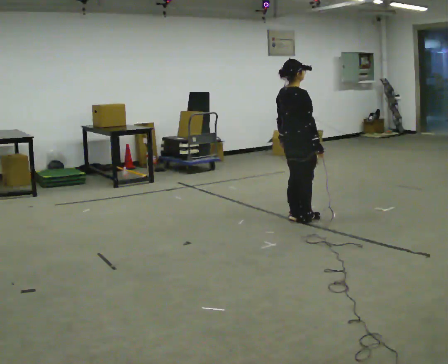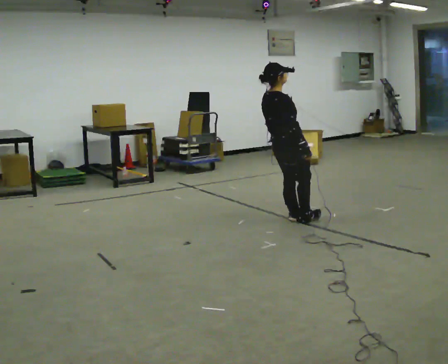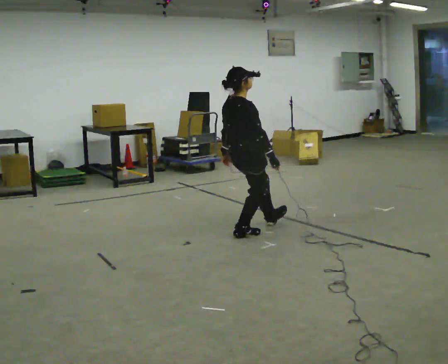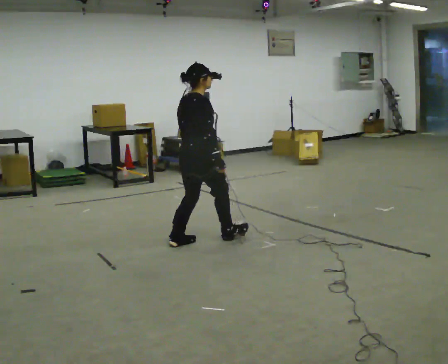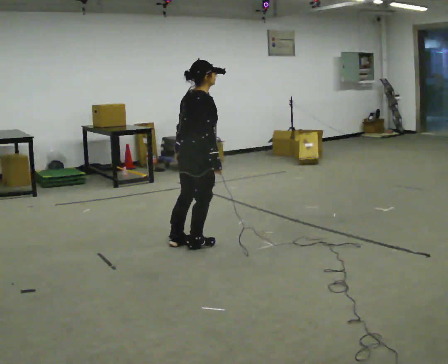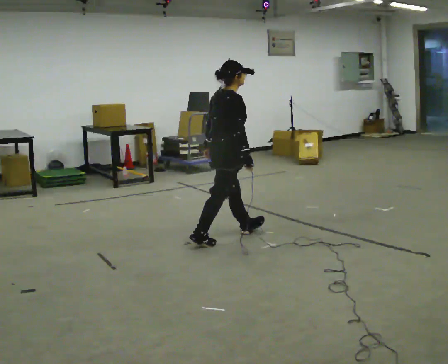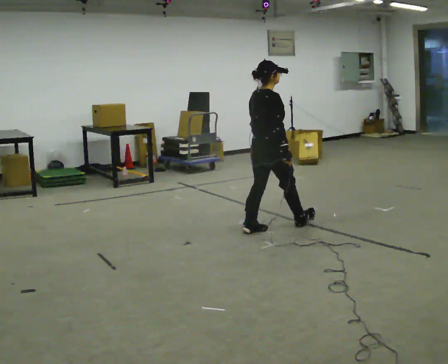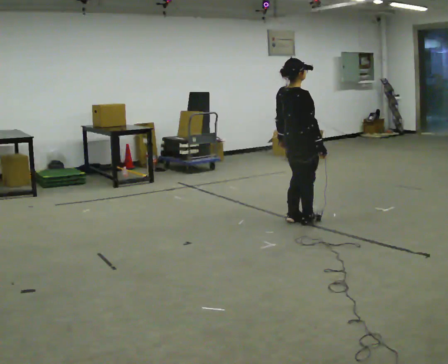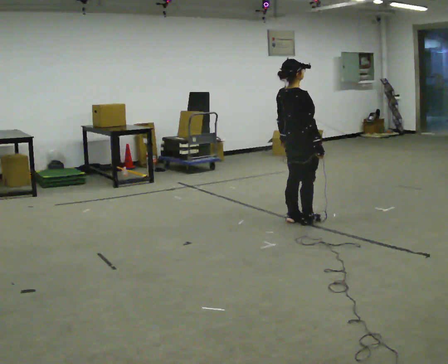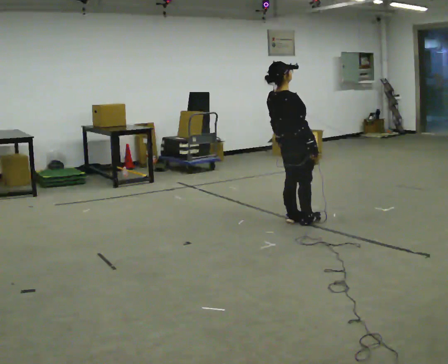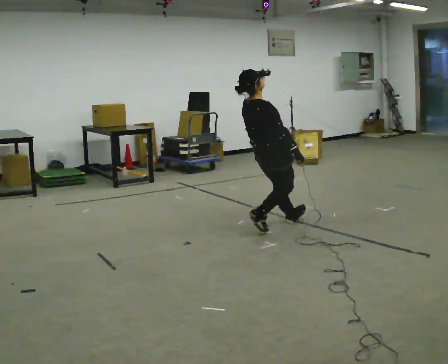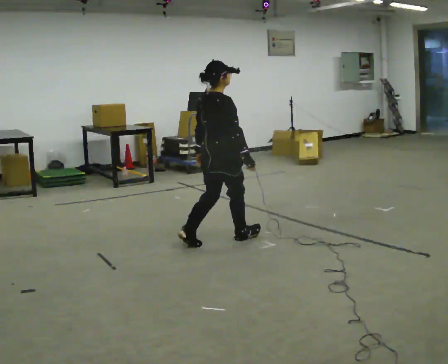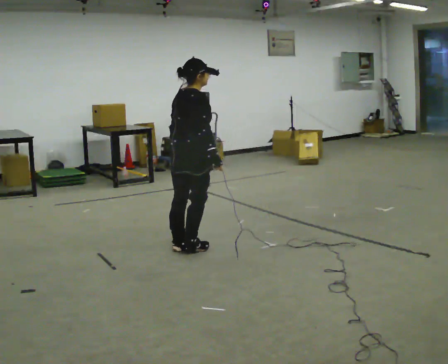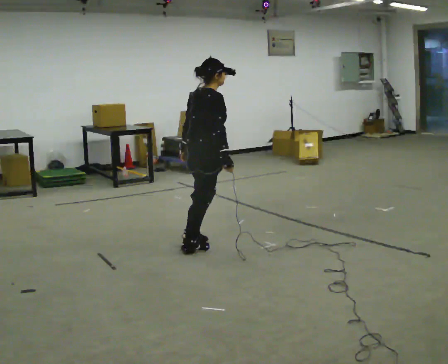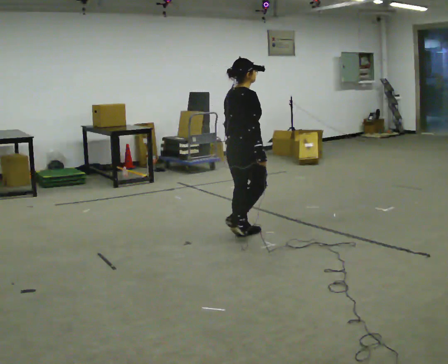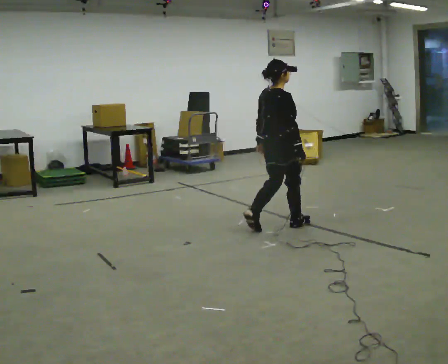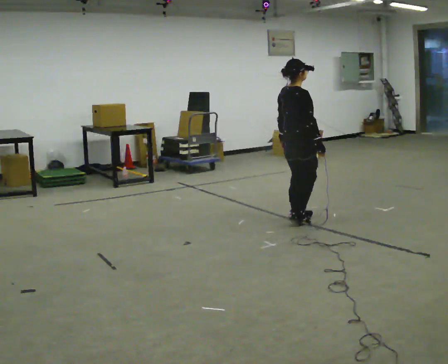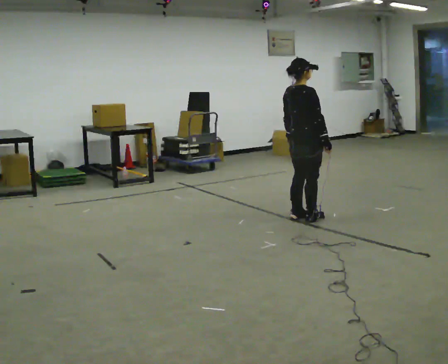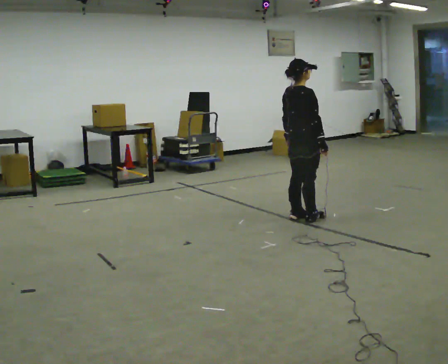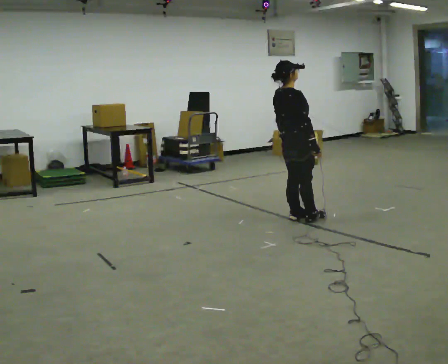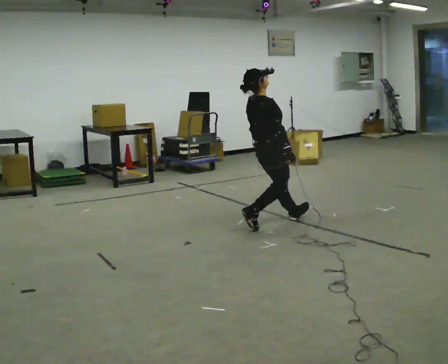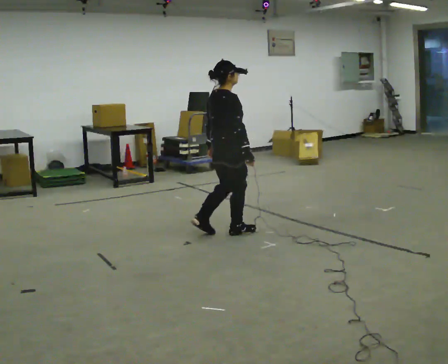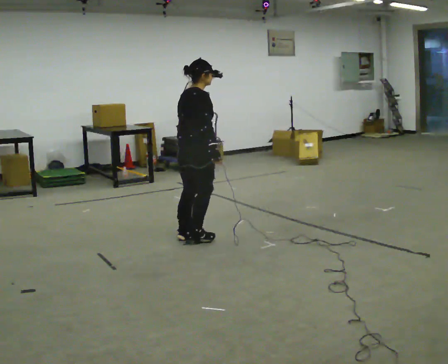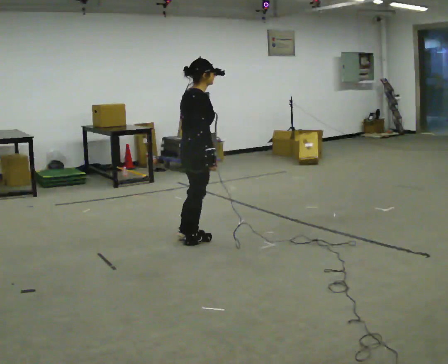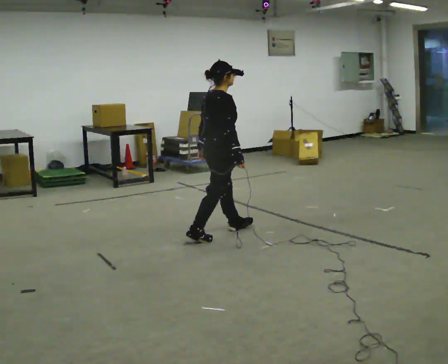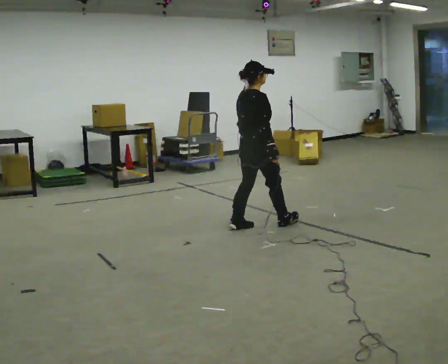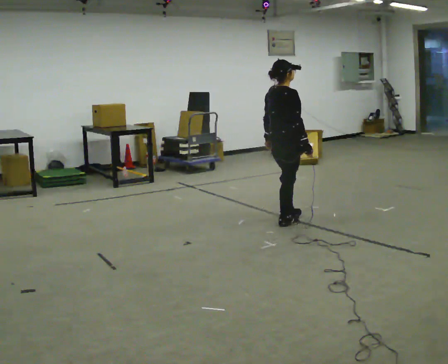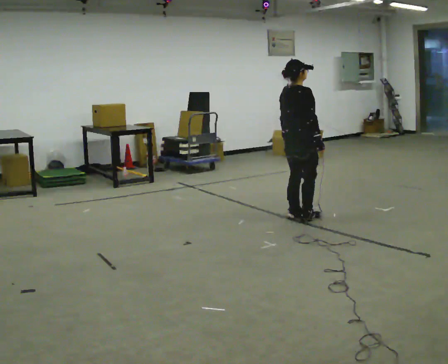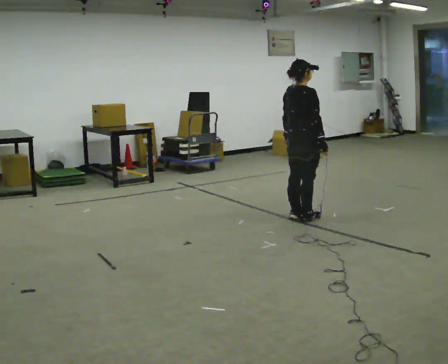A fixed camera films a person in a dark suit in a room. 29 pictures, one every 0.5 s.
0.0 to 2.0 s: In the picture they go to the left and toward the camera, about 1 m in 3 steps, which for them is backward.
2.0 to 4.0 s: In the picture they go to the right and away from the camera, about 1 m in 3 steps, which for them is forward. In the picture the upper body tilts counterclockwise, shoulders to the left, as they lean back or straighten.
4.0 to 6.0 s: In the picture they go to the left and toward the camera, about 1 m in 3 steps, which for them is backward.
6.0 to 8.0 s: In the picture they go to the right and away from the camera, about 1 m in 3 steps, which for them is forward.
8.0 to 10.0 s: In the picture they go to the left, about 0.25 m in 1 step, which for them is backward.
10.0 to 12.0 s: In the picture they go to the left and toward the camera, about 0.5 m in 4 steps, which for them is backward.
12.0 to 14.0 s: In the picture they go to the right and away from the camera, about 1 m in 3 steps, which for them is forward.
The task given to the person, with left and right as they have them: Stand on the marked spots. Lean backward, keeping your body straight, until you cannot hold it, then step back to catch yourself. Return to the spots. Repeat at your own pace until the operator says stop. Go slowly and only as far as you are comfortable. Step whenever you need to; do not try to hold on longer than feels safe.
The film runs forward here.
